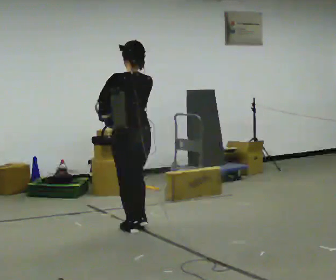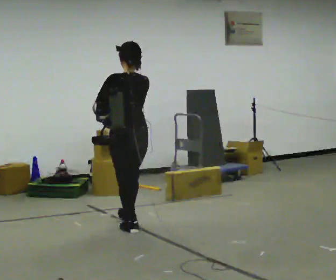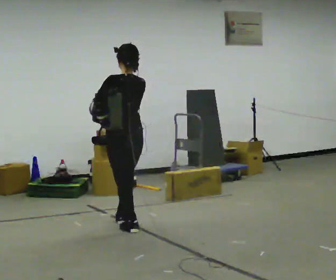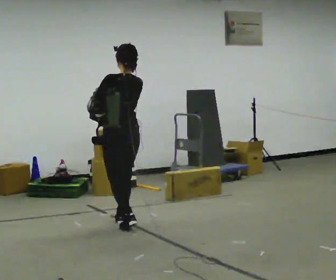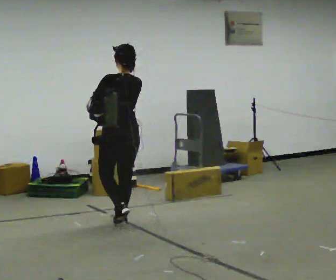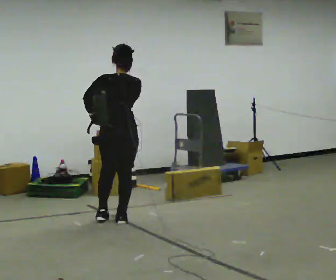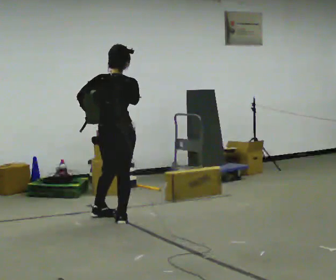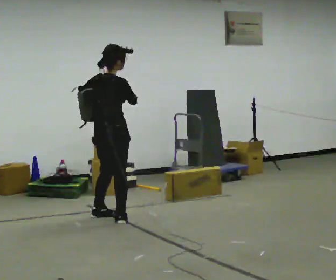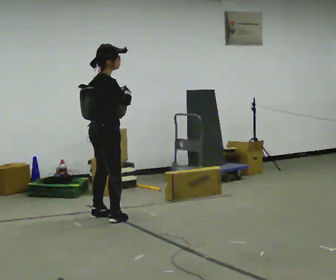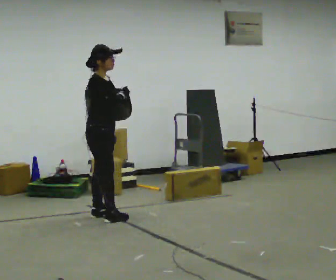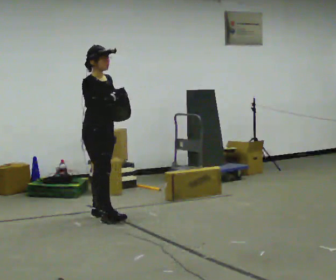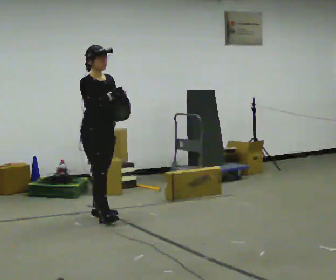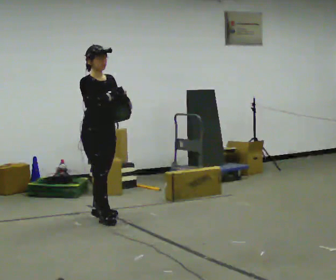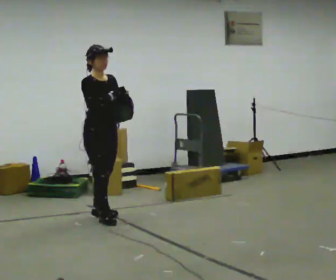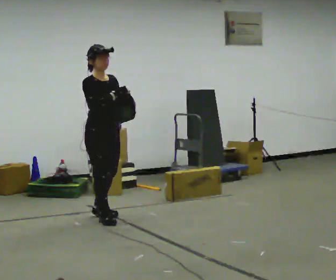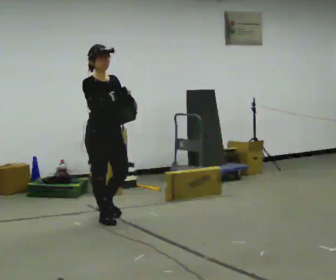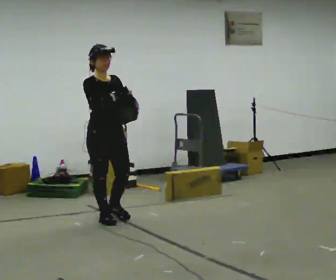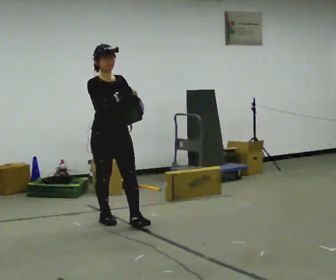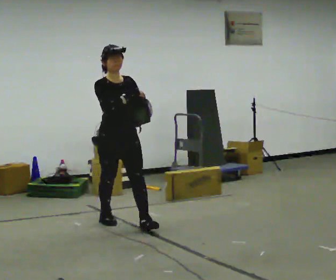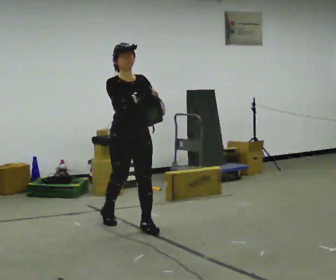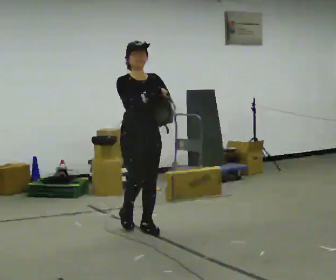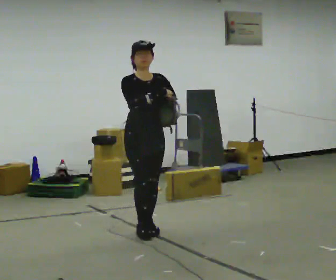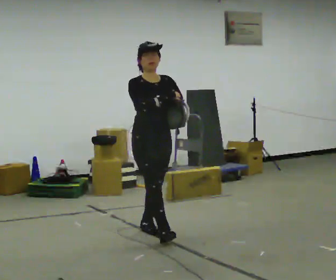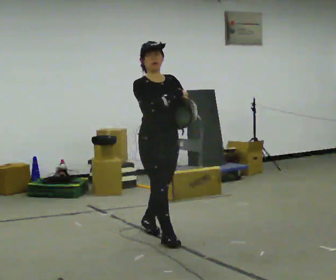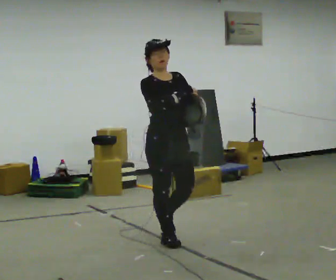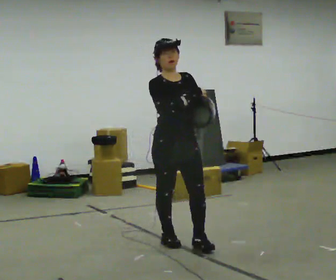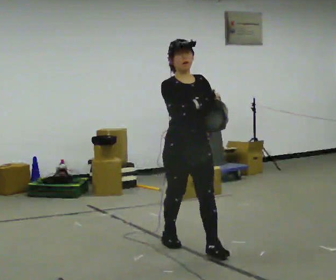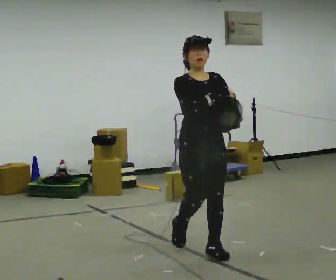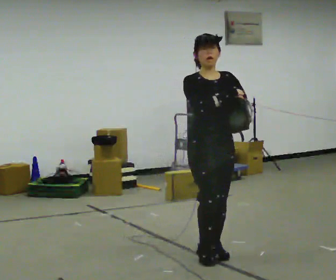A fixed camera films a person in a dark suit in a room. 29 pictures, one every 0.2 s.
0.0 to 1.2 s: The person turns about 60 degrees to their right, clockwise seen from above, so the part of the body nearest the lens slides to the left. In the picture they go away from the camera and to the left, about 0.5 m in 2 steps.
1.2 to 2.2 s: Seen from above the body turns clockwise, about 105 degrees: to their right, with its near side sliding to the left. In the picture they go to the left and away from the camera, about 0.25 m.
2.2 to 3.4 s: In the picture they go toward the camera, about 0.25 m, which for them is forward.
3.4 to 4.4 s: In the picture they go toward the camera and to the right, about 0.5 m in 2 steps, which for them is forward and to their left.
4.4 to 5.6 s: In the picture they go toward the camera and to the right, about 1 m in 1 step, which for them is forward.
The film runs forward here.
